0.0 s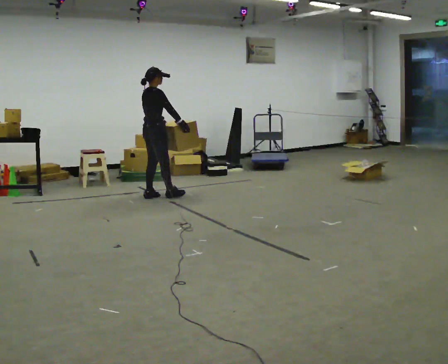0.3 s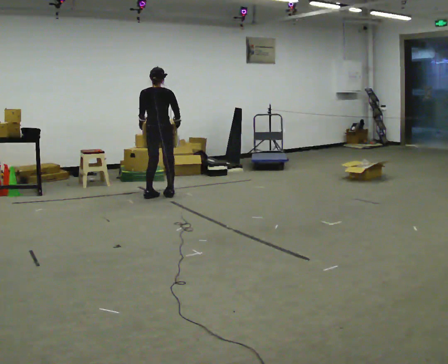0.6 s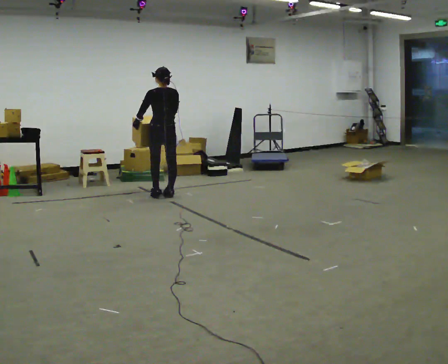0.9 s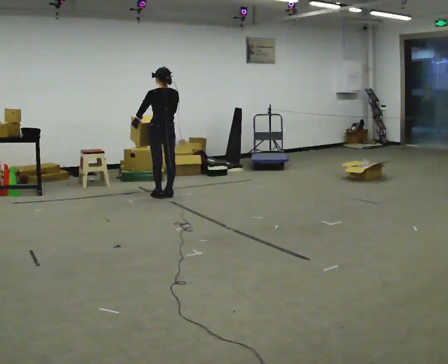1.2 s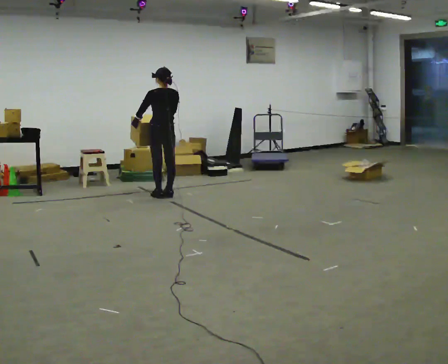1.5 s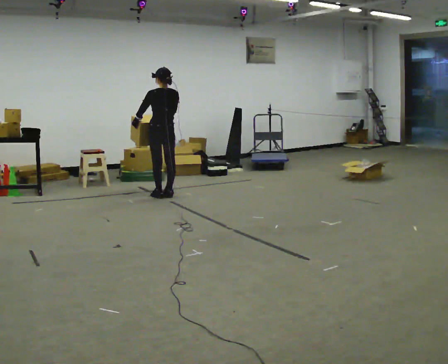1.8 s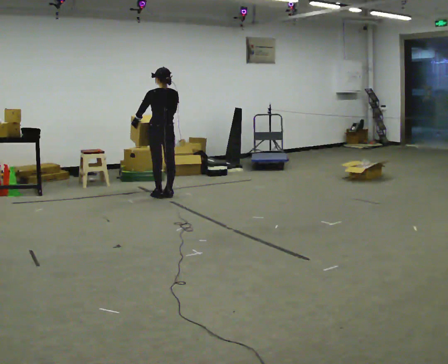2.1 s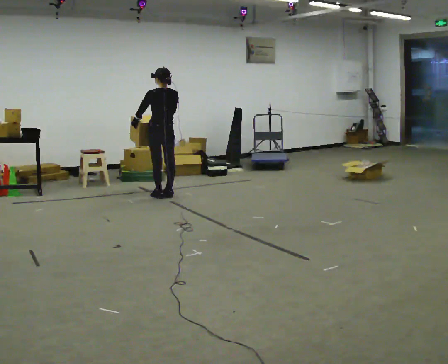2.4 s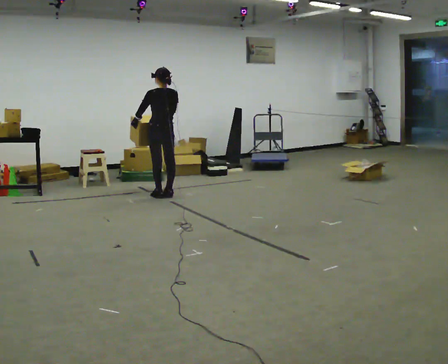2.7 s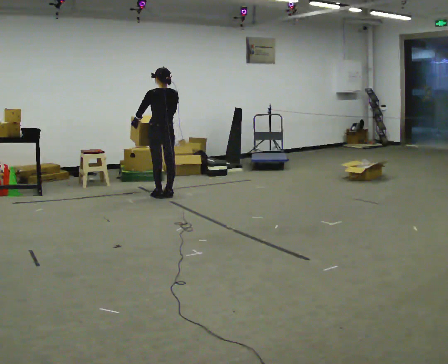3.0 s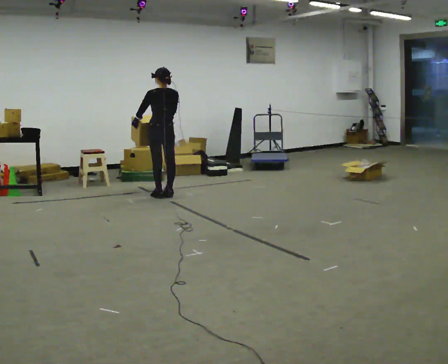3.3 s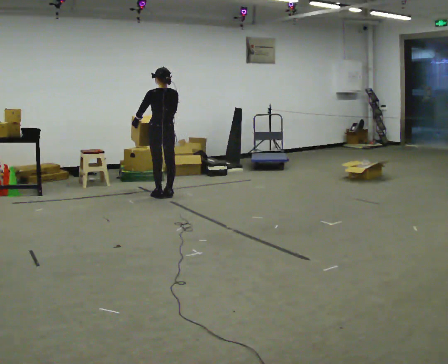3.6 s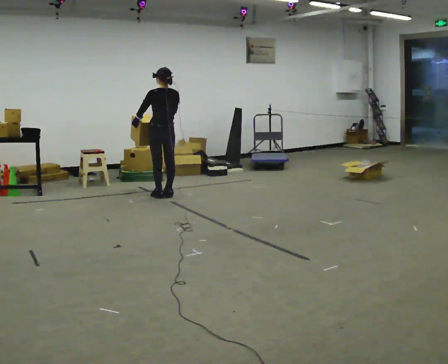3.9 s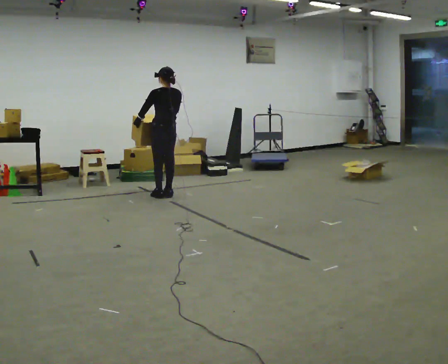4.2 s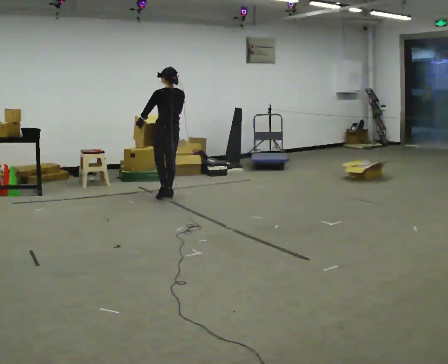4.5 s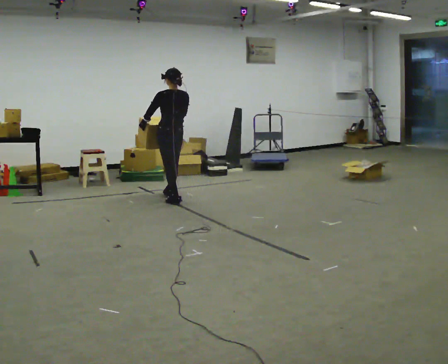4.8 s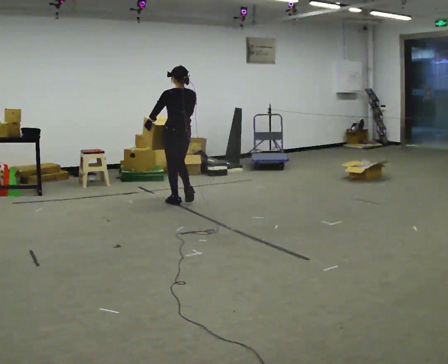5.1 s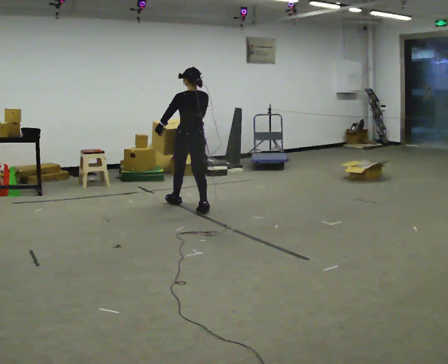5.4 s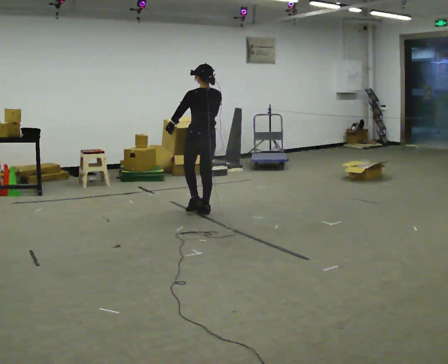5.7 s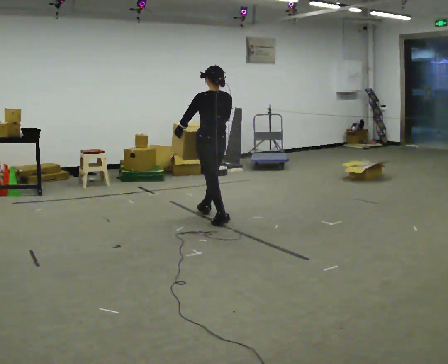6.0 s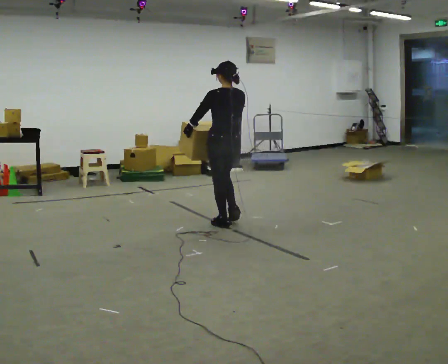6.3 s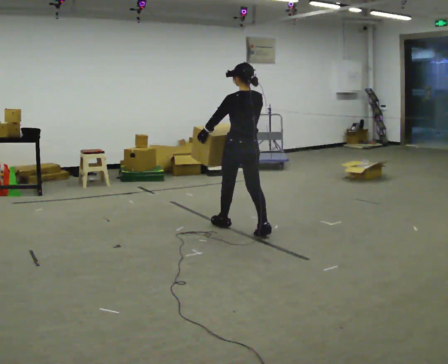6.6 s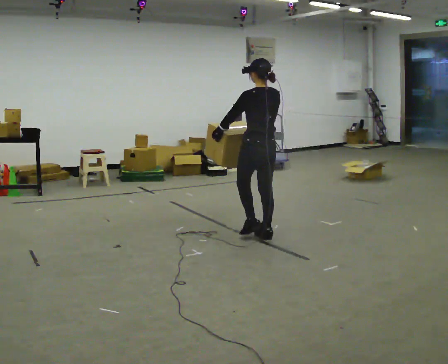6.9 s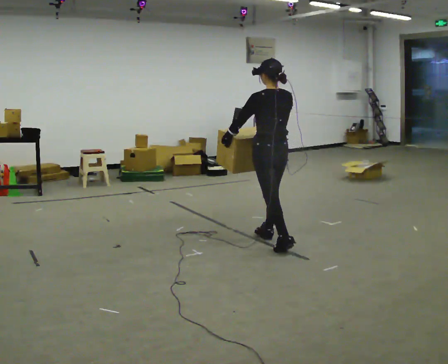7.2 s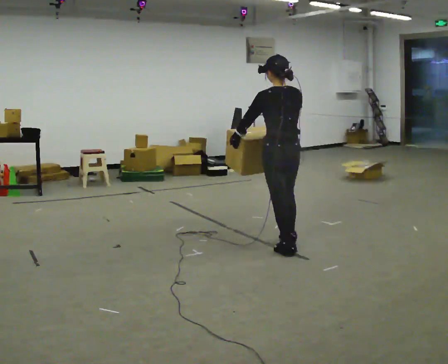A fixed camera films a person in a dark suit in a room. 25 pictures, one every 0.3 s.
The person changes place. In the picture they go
toward the camera.
Their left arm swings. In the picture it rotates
clockwise.
0.0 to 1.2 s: The person turns about 90 degrees to their left, counterclockwise seen from above, so the part of the body nearest the lens slides to the right.
1.2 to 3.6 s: The person keeps their place and pose.
3.6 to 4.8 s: In the picture they go toward the camera and to the right, about 0.5 m in 2 steps, which for them is backward.
4.8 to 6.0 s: In the picture they go toward the camera and to the right, about 1 m in 2 steps, which for them is backward.
6.0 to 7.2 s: In the picture they go toward the camera and to the right, about 1 m in 2 steps, which for them is backward.
The film runs backward here.
